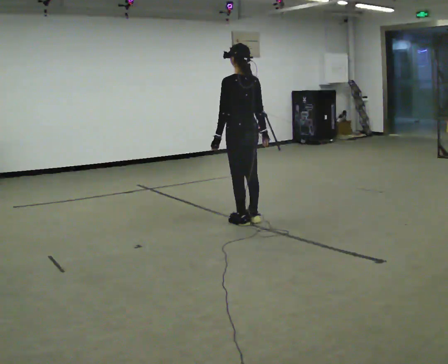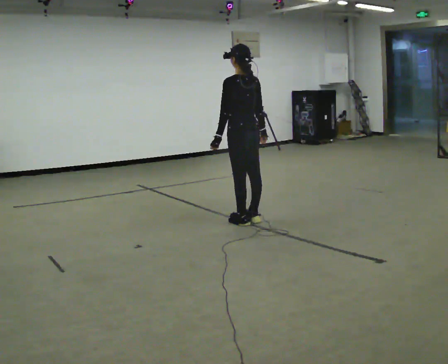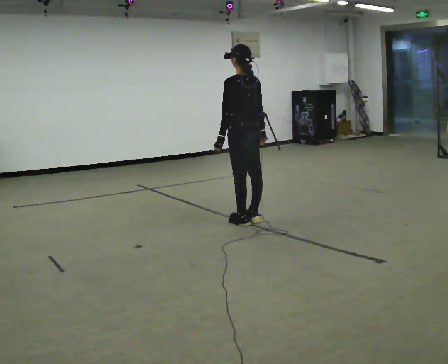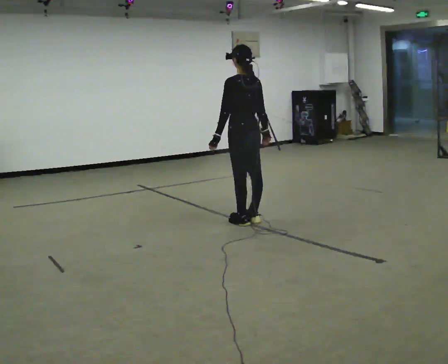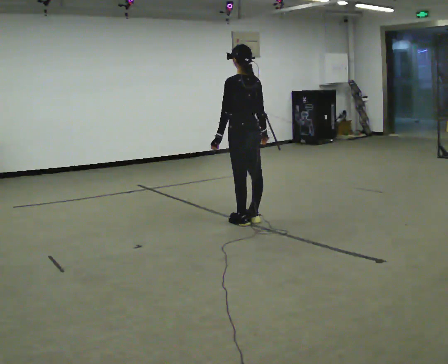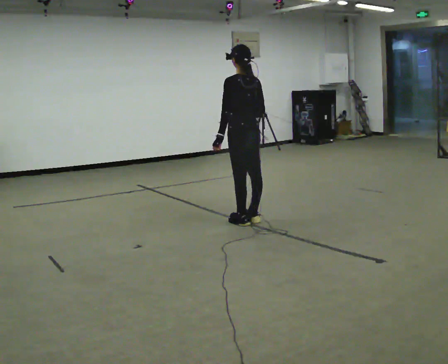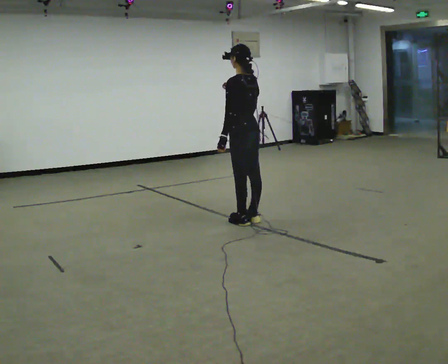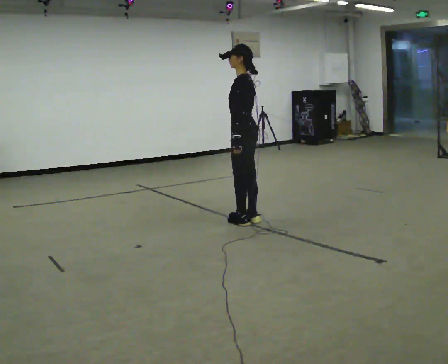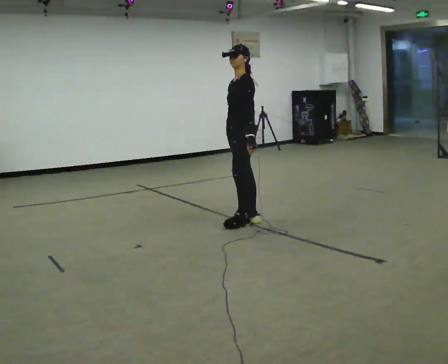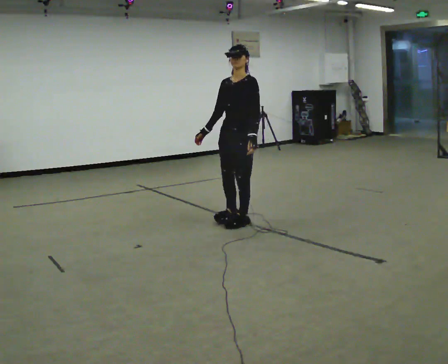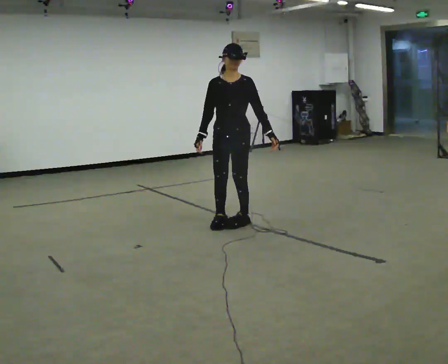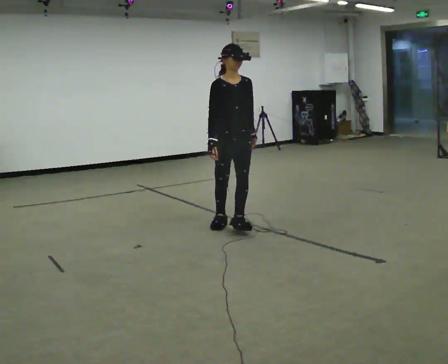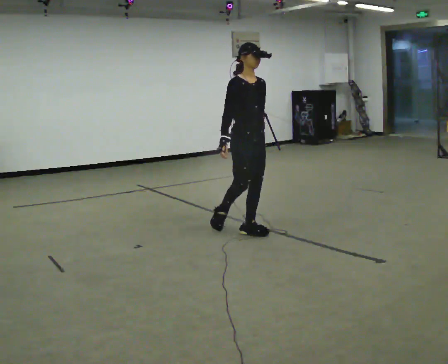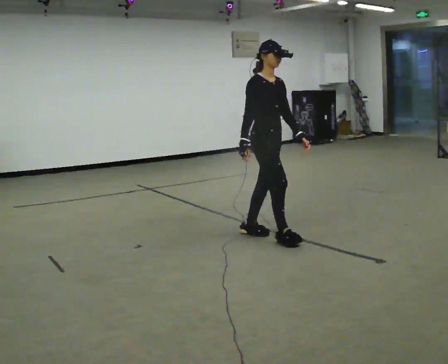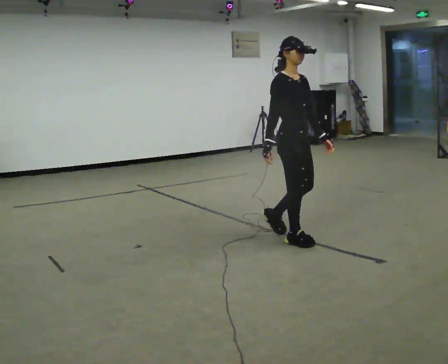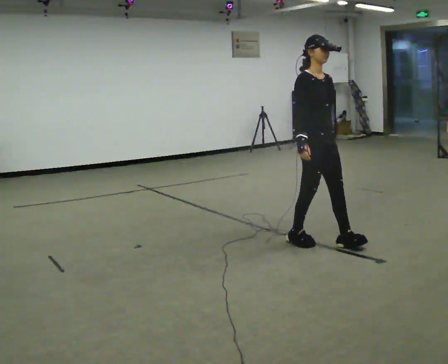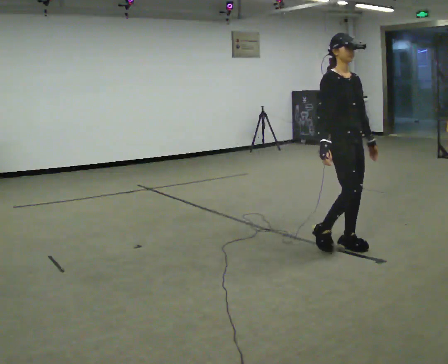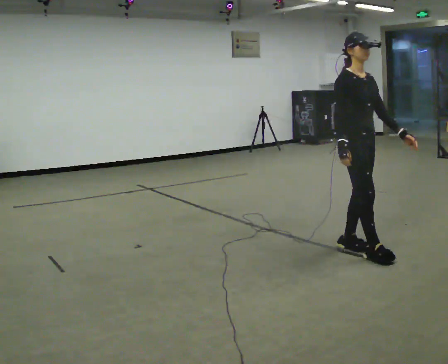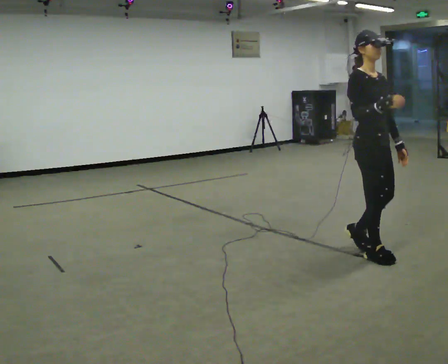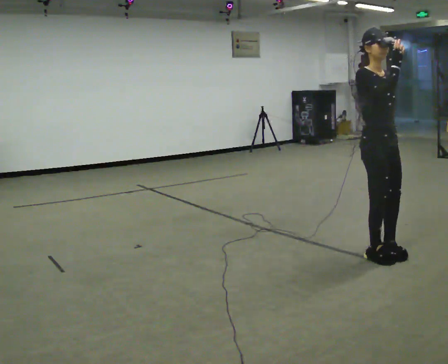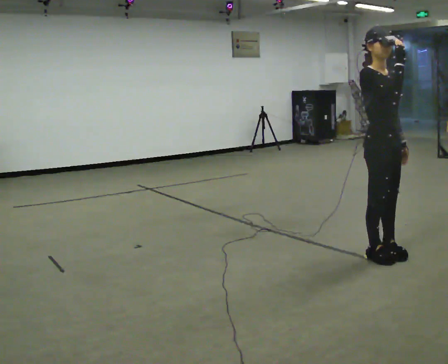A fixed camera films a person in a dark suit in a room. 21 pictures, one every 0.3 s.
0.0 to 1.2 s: The person moves a little, or ends about where they began.
1.2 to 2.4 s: The person turns about 60 degrees to their left, counterclockwise seen from above, so the part of the body nearest the lens slides to the right.
2.4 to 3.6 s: The person turns about 120 degrees to their left, counterclockwise seen from above, so the part of the body nearest the lens slides to the right. In the picture they go toward the camera, about 0.25 m in 2 steps.
3.6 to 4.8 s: In the picture they go to the right and toward the camera, about 1 m in 2 steps, which for them is forward.
4.8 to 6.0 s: In the picture they go toward the camera and to the right, about 0.25 m in 2 steps, which for them is forward. In the picture their right hand goes upward.
The film runs forward here.
